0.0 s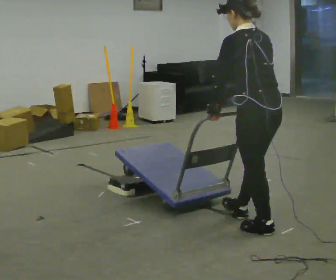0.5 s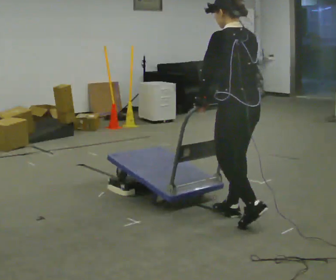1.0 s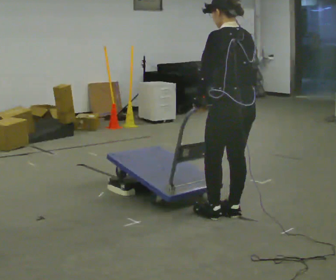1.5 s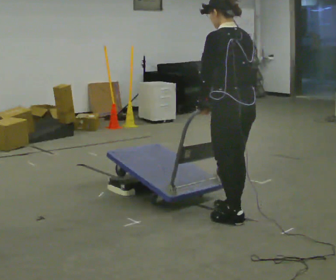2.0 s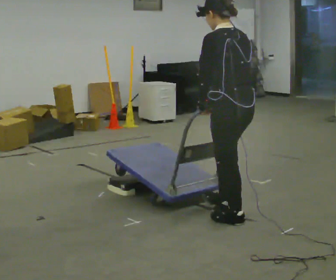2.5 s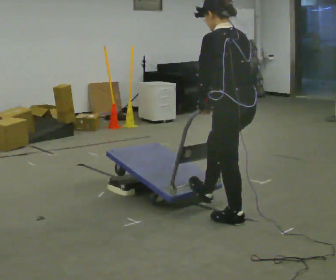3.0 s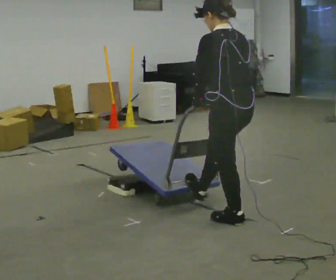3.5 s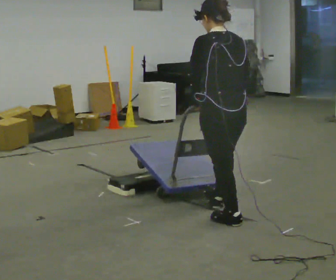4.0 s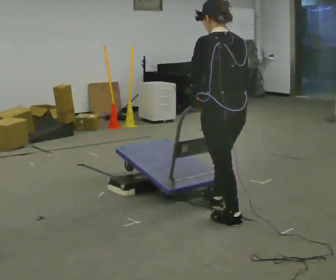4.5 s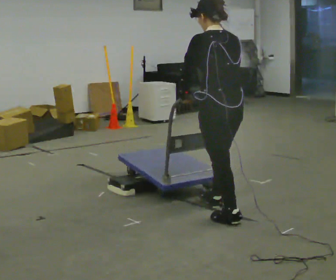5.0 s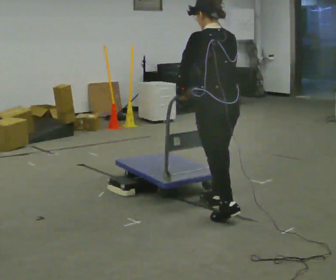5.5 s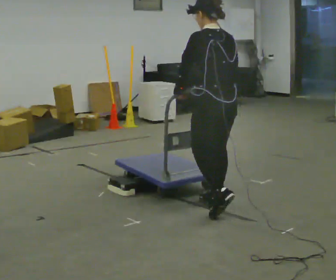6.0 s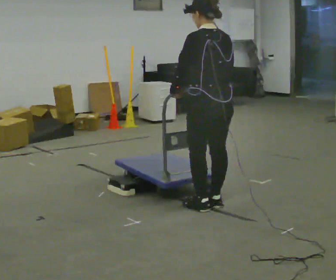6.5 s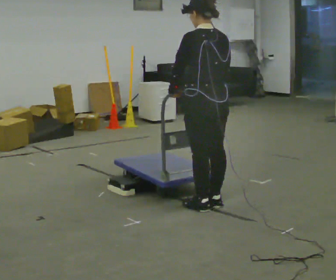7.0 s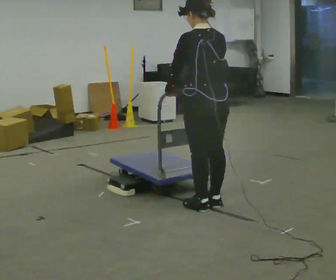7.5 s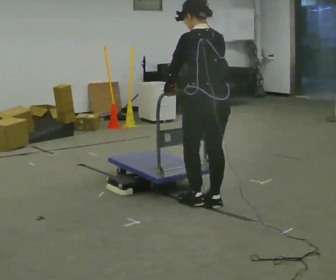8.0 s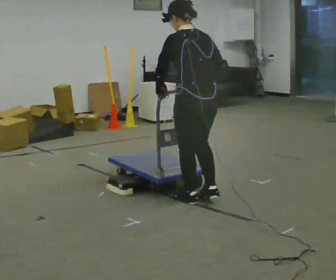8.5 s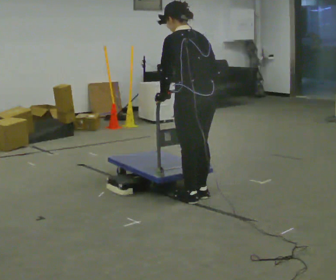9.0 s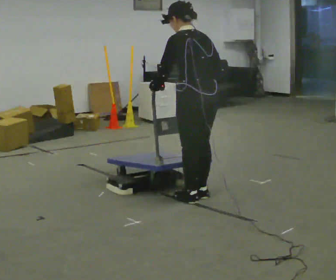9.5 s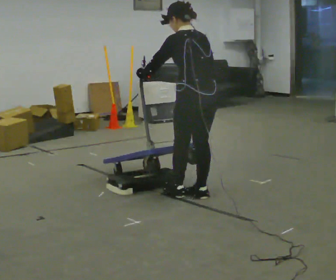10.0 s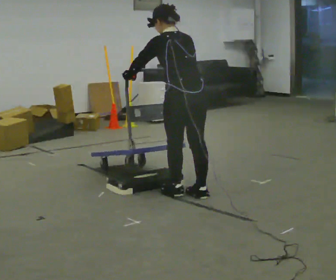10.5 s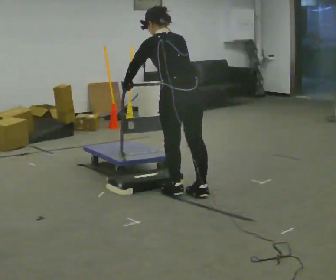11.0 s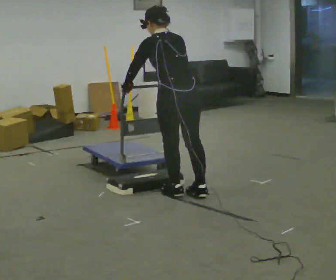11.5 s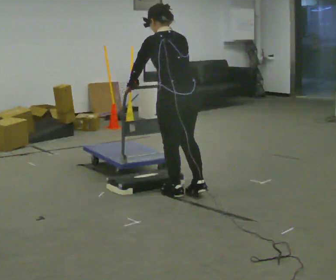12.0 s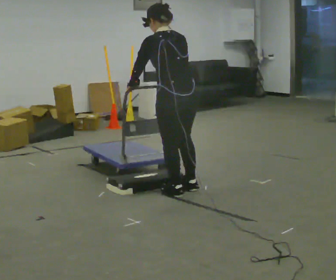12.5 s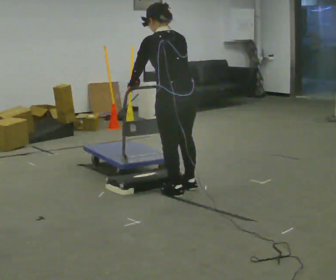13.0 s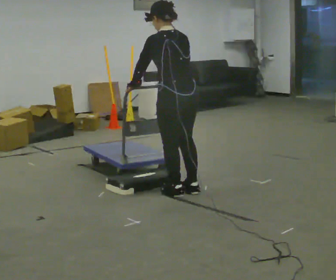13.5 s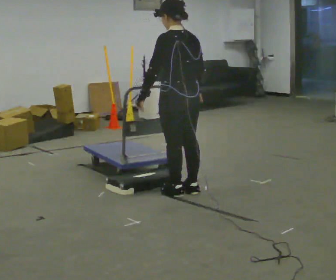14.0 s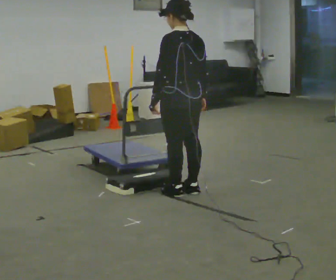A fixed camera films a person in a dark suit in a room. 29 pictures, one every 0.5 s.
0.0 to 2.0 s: In the picture they go to the left and away from the camera, about 0.25 m in 3 steps, which for them is forward.
2.0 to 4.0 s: The person moves a little, or ends about where they began.
4.0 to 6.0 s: In the picture they go away from the camera, about 0.25 m in 1 step, which for them is forward.
6.0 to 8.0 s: The person moves a little, or ends about where they began.
8.0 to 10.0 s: In the picture they go away from the camera, about 0.25 m in 2 steps, which for them is forward. In the picture their right hand goes to the left.
10.0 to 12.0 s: The person moves a little, or ends about where they began.
12.0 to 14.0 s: In the picture the upper body tilts clockwise, shoulders to the right, as they lean back or straighten.
The film runs forward here.
